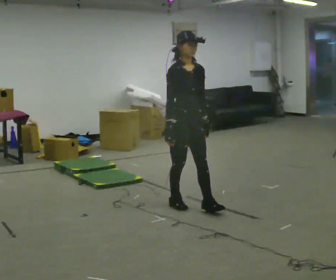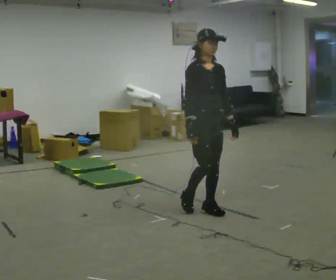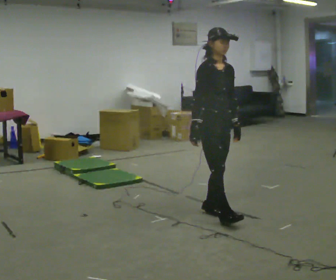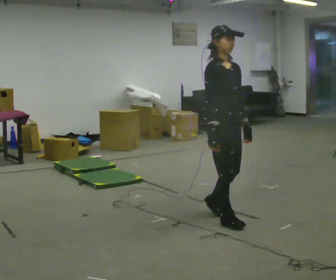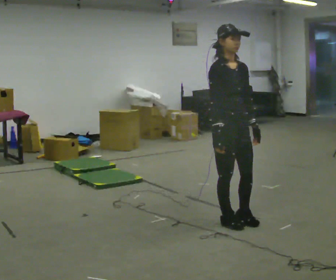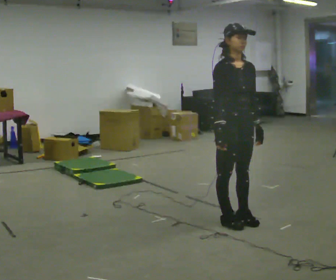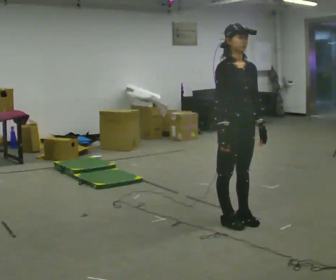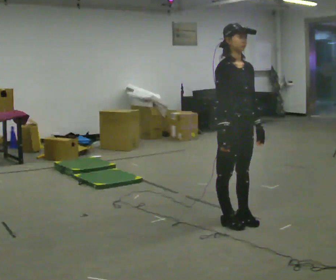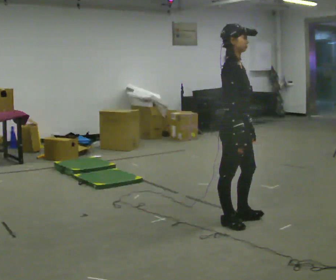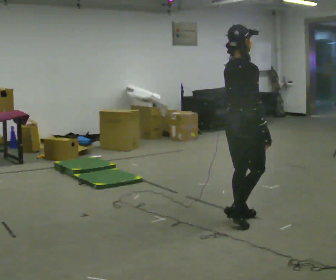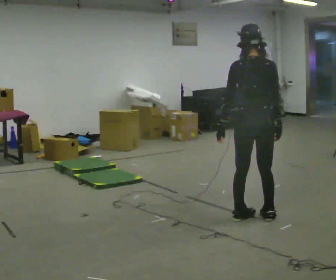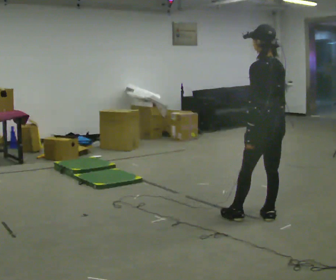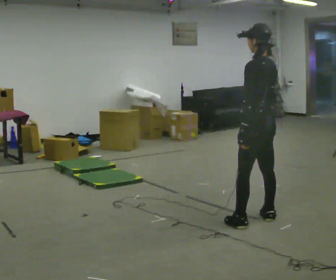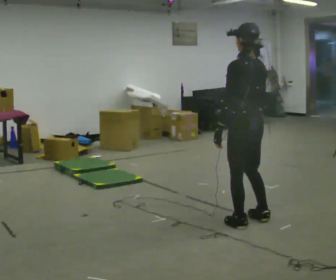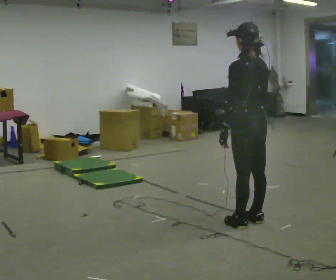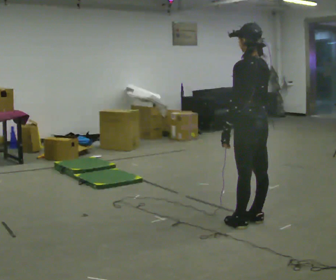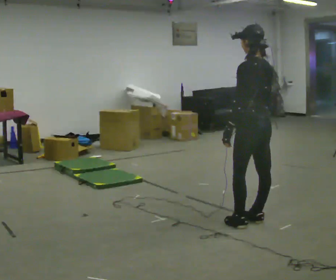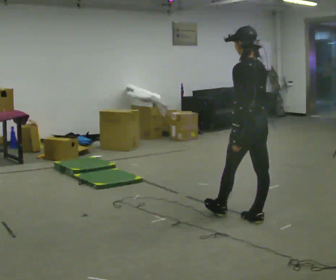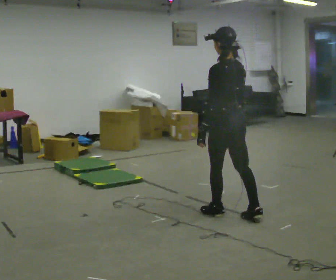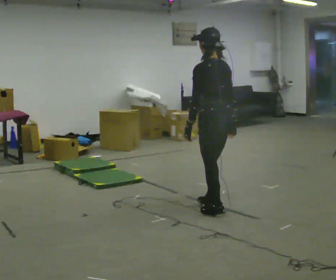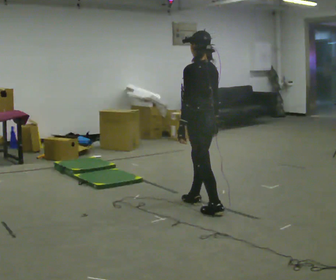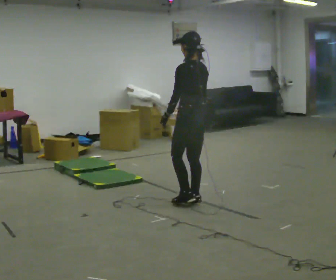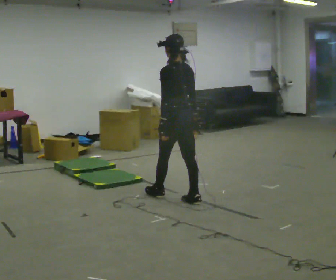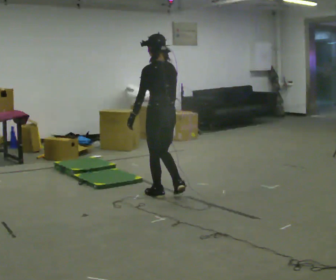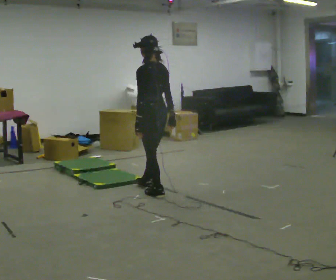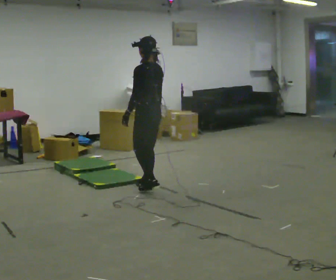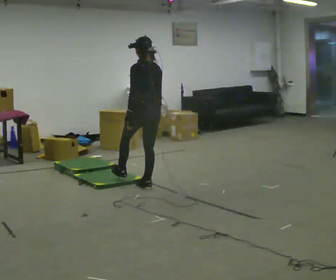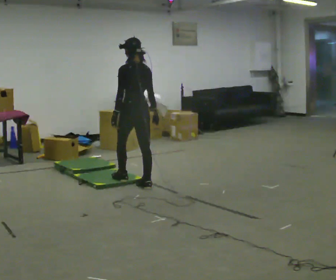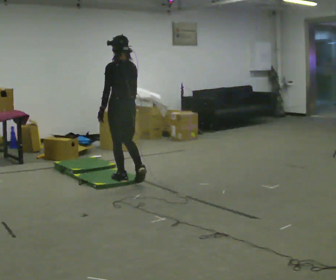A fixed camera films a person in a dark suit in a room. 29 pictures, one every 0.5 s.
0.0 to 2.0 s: In the picture they go to the right and toward the camera, about 0.5 m in 2 steps, which for them is forward.
2.0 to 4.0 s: The part of the body nearest the lens slides to the right as the person turns to their left by about 30 degrees.
4.0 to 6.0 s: Seen from above the body turns counterclockwise, about 150 degrees: to their left, with its near side sliding to the right. In the picture they go to the right, about 0.25 m in 2 steps.
6.0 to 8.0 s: The person moves a little, or ends about where they began.
8.0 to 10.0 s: In the picture they go to the left and away from the camera, about 0.5 m in 2 steps, which for them is forward.
10.0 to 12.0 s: In the picture they go to the left and away from the camera, about 0.75 m in 2 steps, which for them is forward.
12.0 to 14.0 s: In the picture they go to the left and away from the camera, about 0.5 m in 1 step, which for them is forward.
The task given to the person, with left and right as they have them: Walk across the mats at a normal pace. They may not all feel the same underfoot. Carry on afterwards.
The film runs forward here.
